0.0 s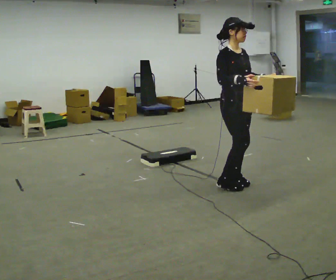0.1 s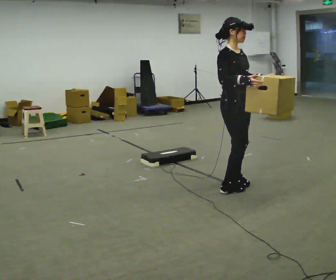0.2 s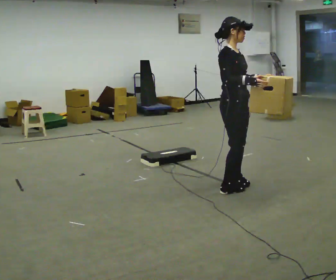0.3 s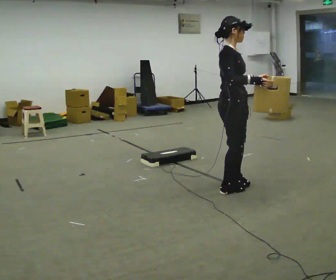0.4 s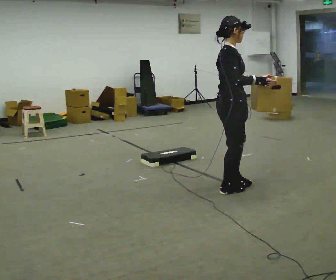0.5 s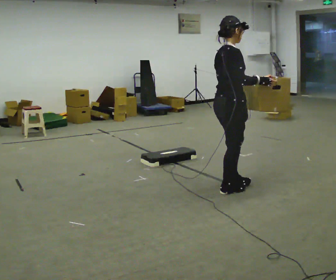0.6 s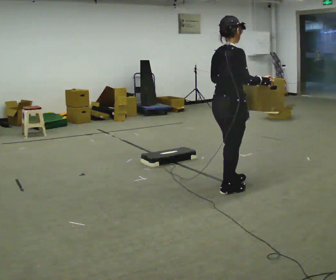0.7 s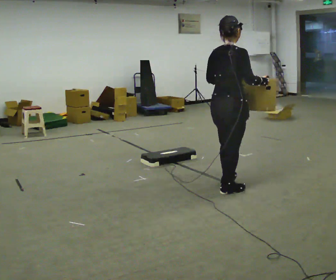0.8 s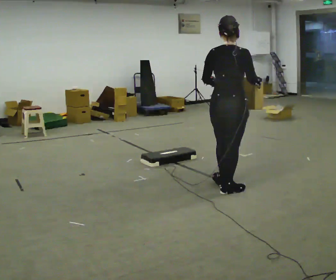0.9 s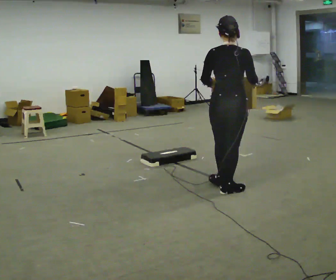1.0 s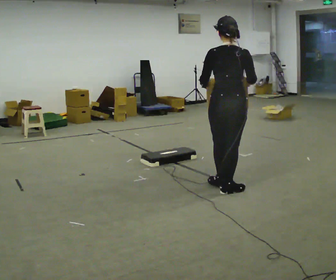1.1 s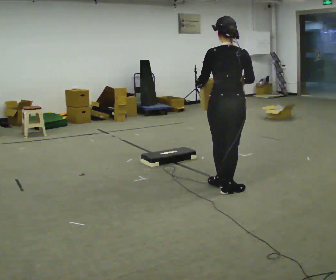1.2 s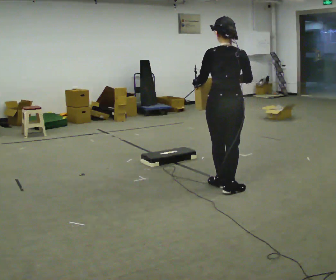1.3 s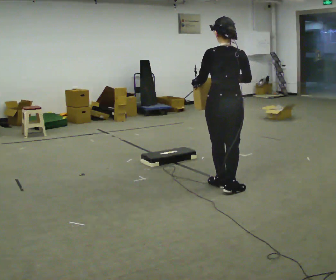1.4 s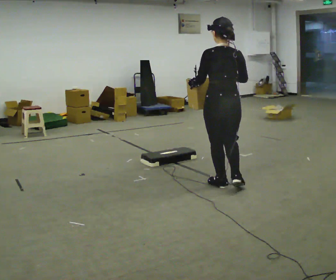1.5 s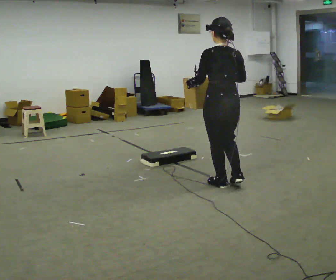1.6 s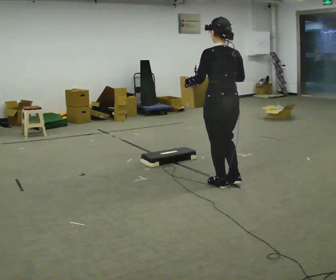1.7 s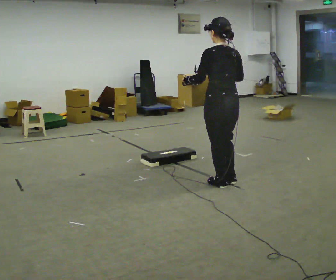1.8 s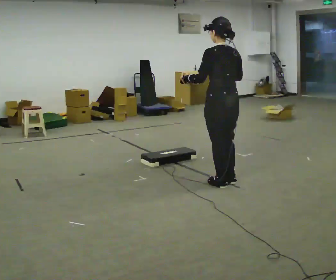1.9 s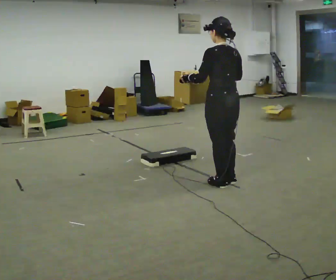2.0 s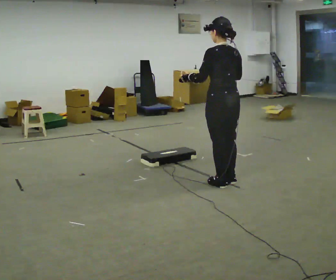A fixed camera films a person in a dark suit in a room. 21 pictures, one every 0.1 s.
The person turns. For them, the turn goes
to their left.
The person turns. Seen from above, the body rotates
counterclockwise.
0.0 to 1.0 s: Seen from above the body turns counterclockwise, about 120 degrees: to their left, with its near side sliding to the right. In the picture their left hand goes to the left.
1.0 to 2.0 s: Seen from above the body turns counterclockwise, about 45 degrees: to their left, with its near side sliding to the right. In the picture they go away from the camera, about 0.25 m in 1 step, which for them is forward.
The film runs forward here.
